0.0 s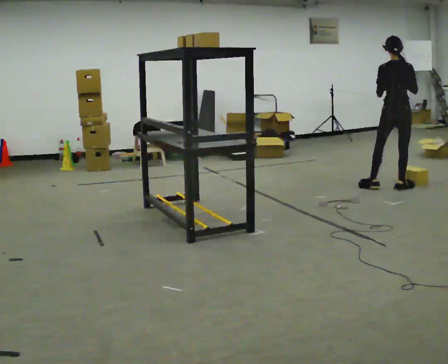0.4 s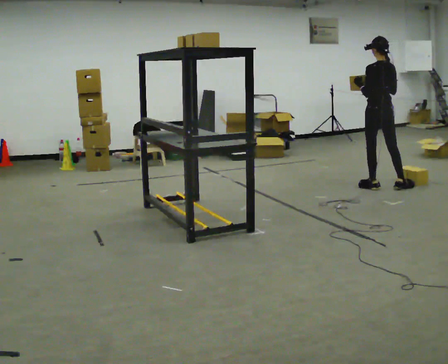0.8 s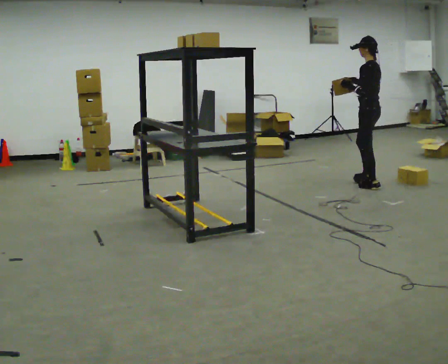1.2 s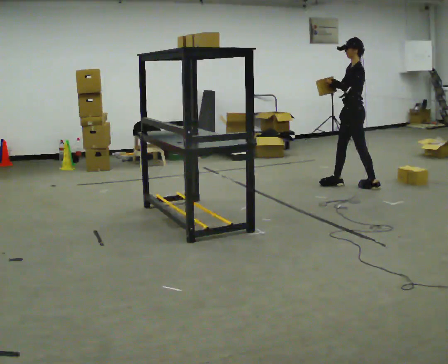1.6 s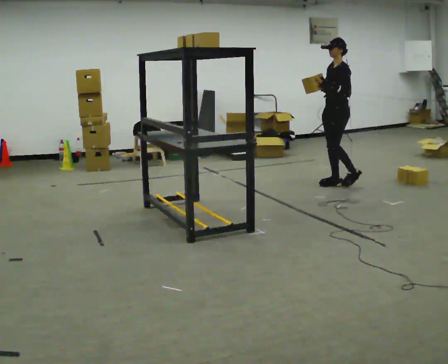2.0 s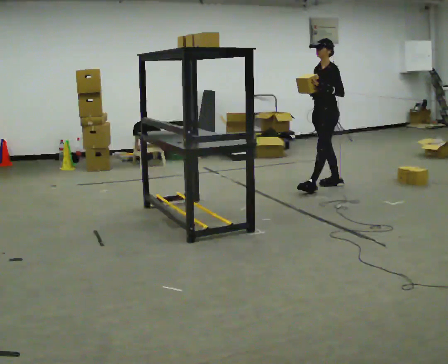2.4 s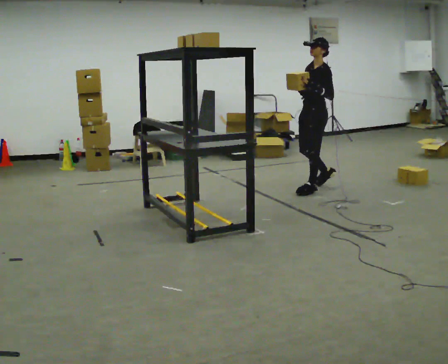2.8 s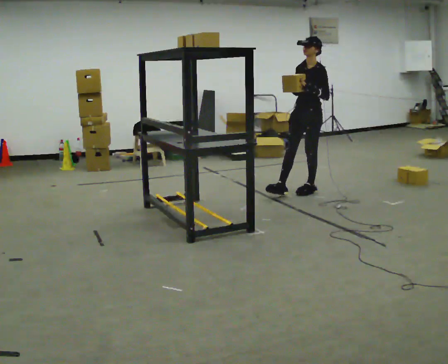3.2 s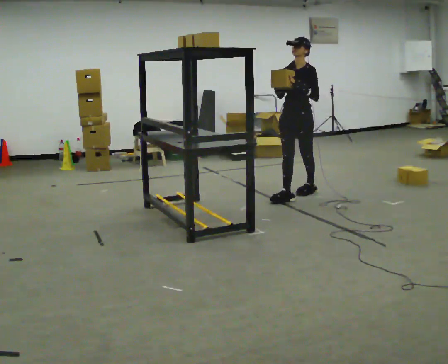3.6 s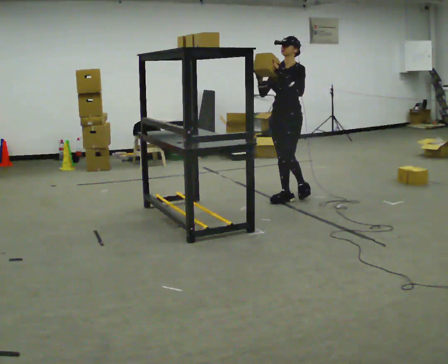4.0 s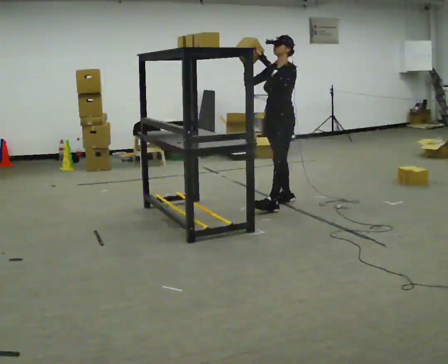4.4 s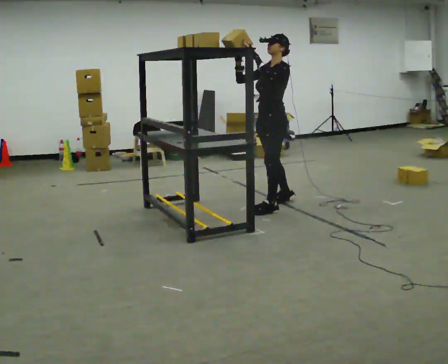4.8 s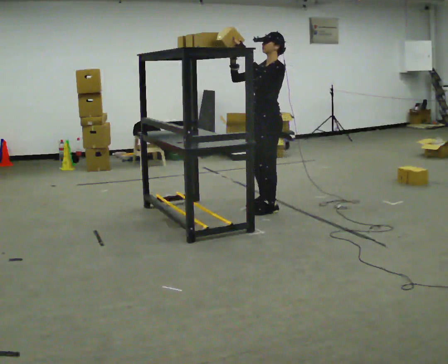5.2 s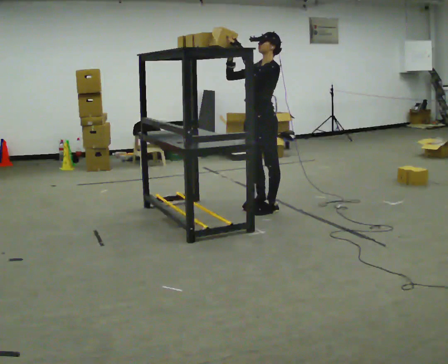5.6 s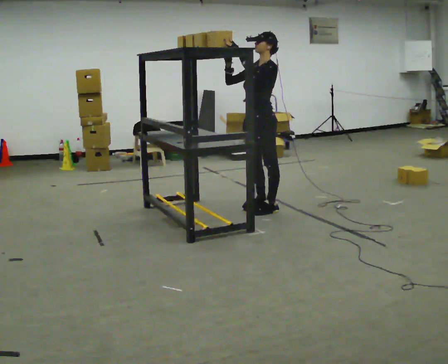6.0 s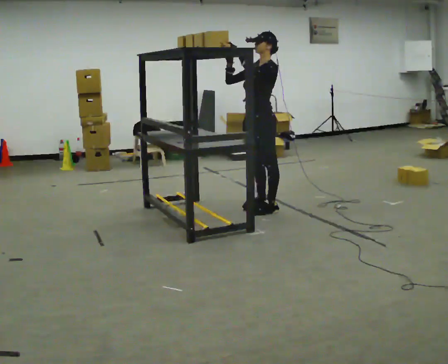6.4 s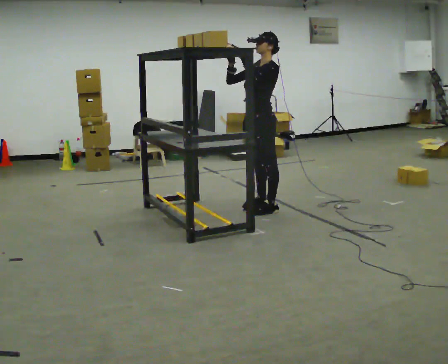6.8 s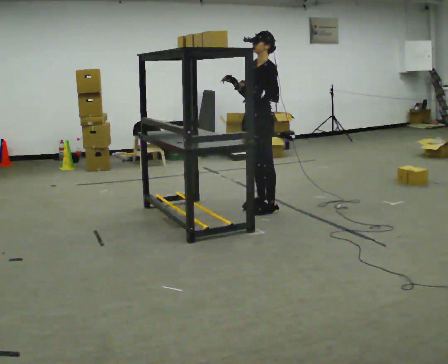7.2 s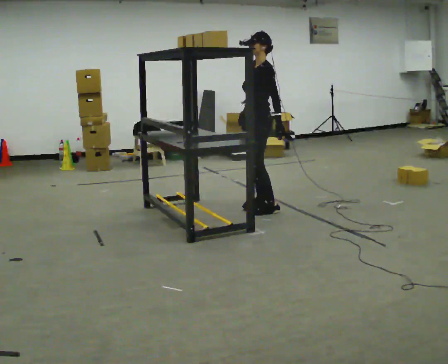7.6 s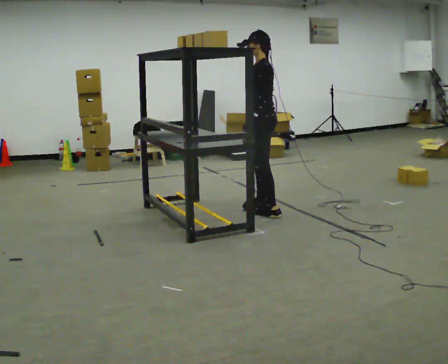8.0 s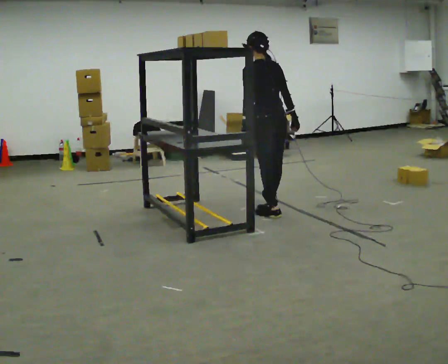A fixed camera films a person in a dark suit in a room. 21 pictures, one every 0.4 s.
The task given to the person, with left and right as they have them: Pick an object up off the floor, carry it across the room, and place it on the highest shelf you can comfortably reach. Keep going until the operator says stop; one object at a time, and do not rush between trips.
0.0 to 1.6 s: The part of the body nearest the lens slides to the right as the person turns to their left by about 120 degrees. In the picture they go to the left and away from the camera, about 0.5 m in 1 step.
1.6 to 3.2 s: The part of the body nearest the lens slides to the right as the person turns to their left by about 30 degrees. In the picture they go to the left and toward the camera, about 0.75 m in 2 steps, which for them is forward and to their left.
3.2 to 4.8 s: The person turns about 30 degrees to their right, clockwise seen from above, so the part of the body nearest the lens slides to the left. In the picture they go toward the camera and to the left, about 0.5 m in 1 step, which for them is forward and to their left.
4.8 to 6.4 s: The person moves a little, or ends about where they began.
6.4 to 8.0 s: The person turns about 90 degrees to their right, clockwise seen from above, so the part of the body nearest the lens slides to the left. In the picture they go toward the camera, about 0.25 m in 1 step. In the picture their right hand goes to the right and downward.
The film runs forward here.
